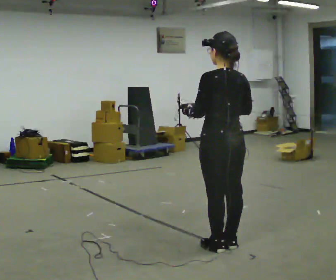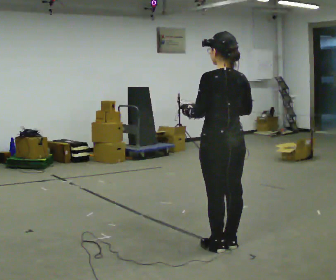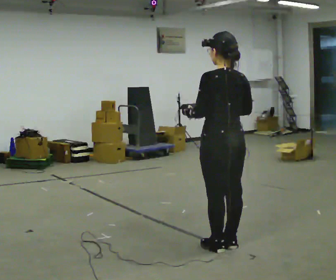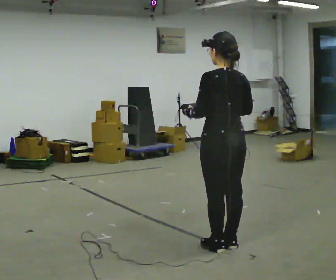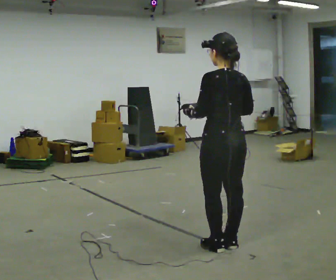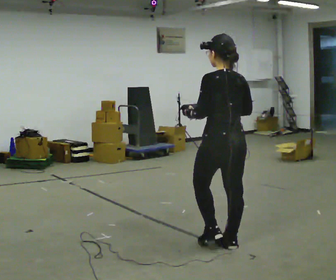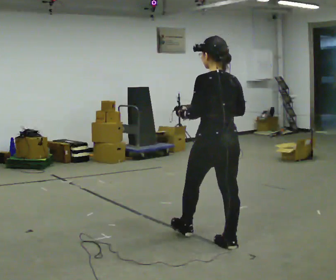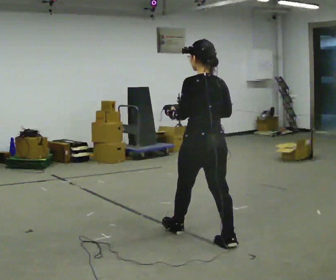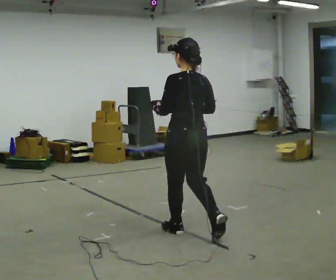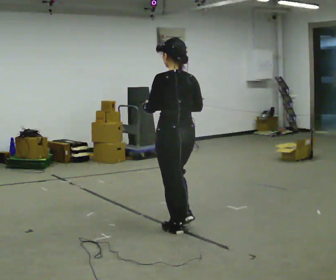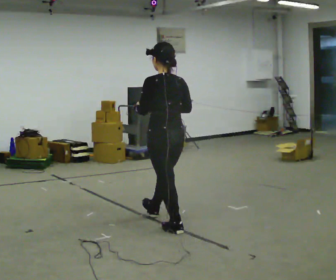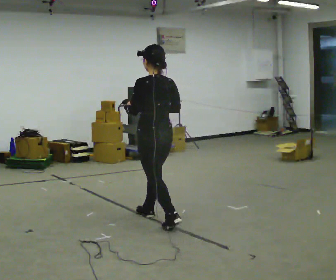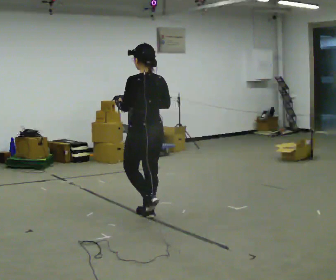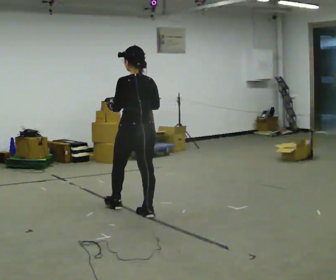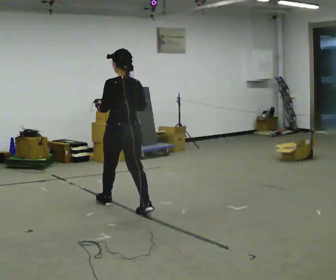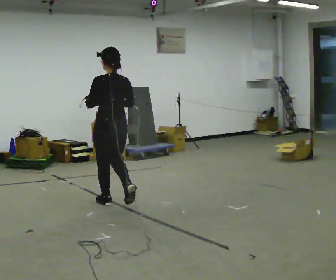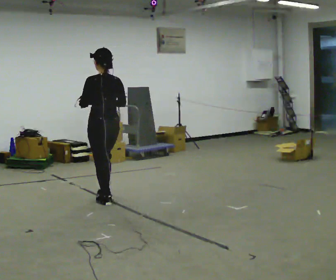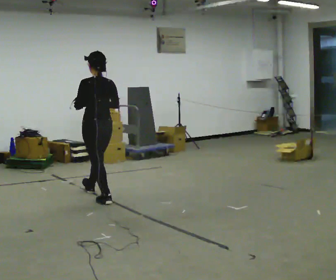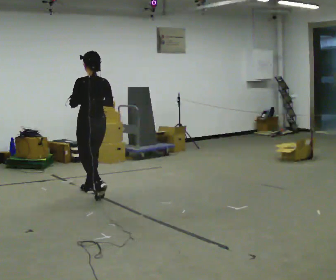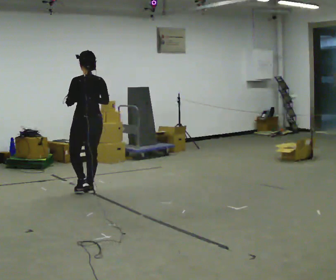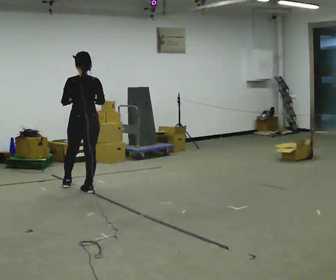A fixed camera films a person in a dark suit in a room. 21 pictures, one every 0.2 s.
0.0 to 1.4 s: In the picture they go away from the camera, about 0.25 m in 1 step, which for them is forward.
1.4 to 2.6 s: In the picture they go away from the camera and to the left, about 1 m in 1 step, which for them is forward.
2.6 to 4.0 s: In the picture they go away from the camera and to the left, about 1 m in 2 steps, which for them is forward.
The film runs forward here.
